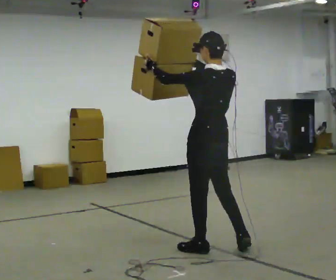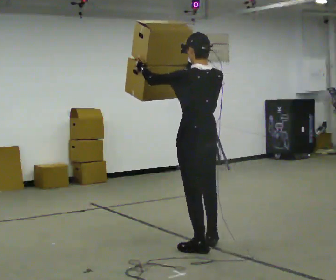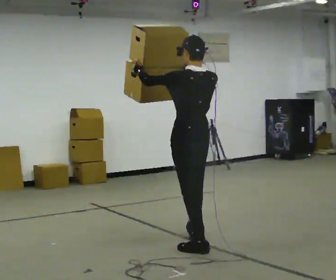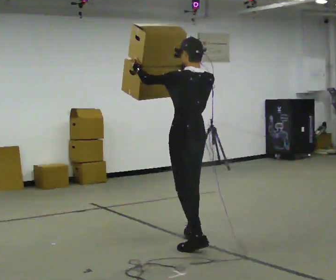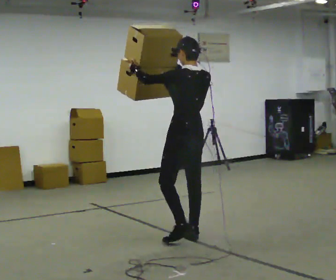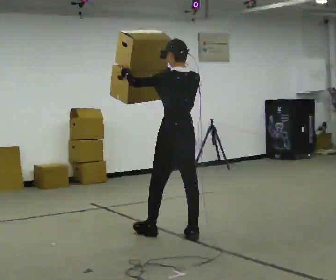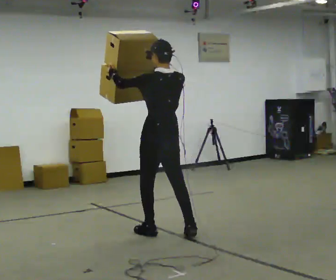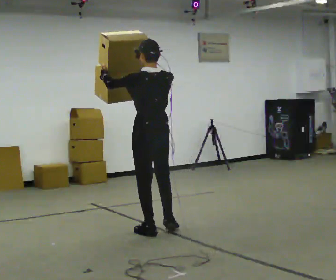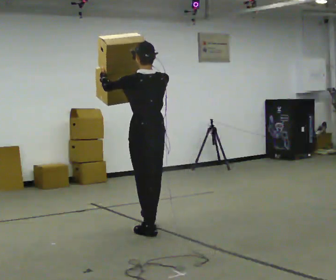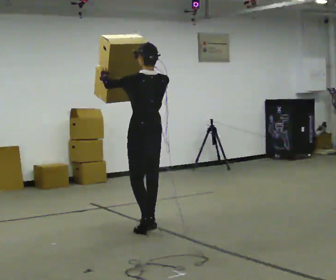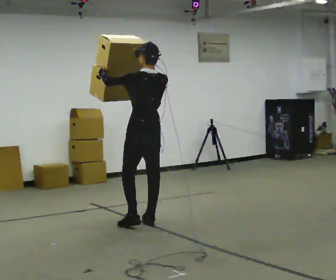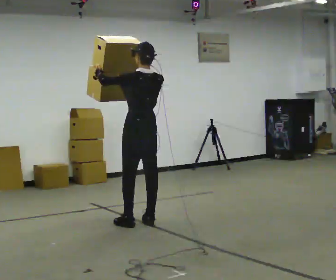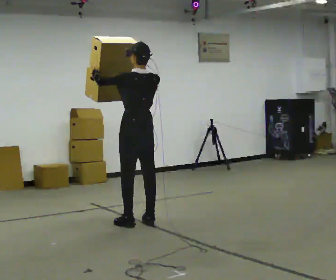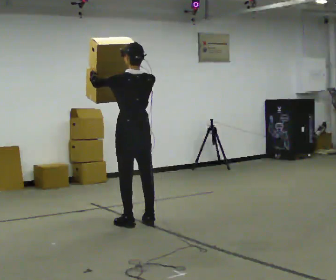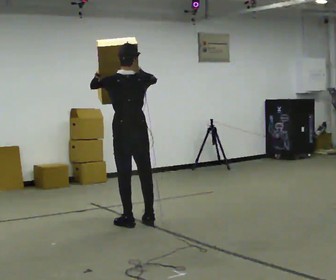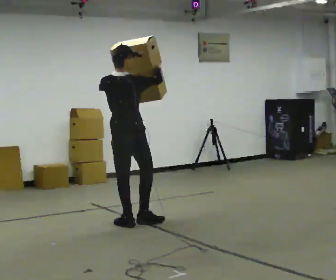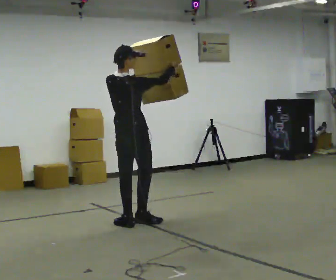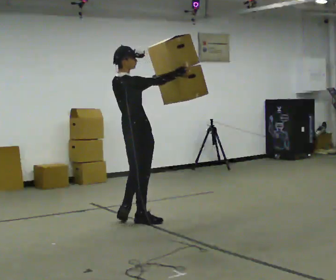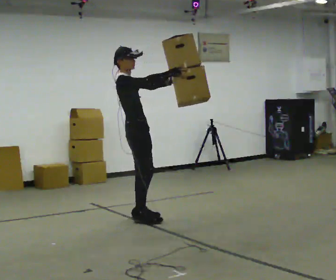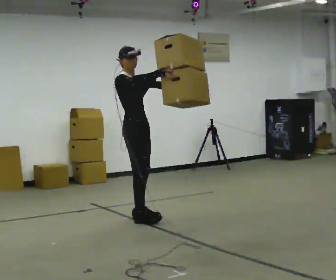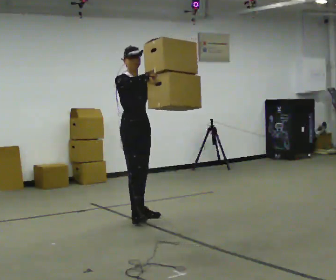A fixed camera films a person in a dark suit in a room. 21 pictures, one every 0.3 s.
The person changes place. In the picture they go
away from the camera.
The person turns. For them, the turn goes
to their right.
0.0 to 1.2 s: In the picture they go away from the camera, about 0.5 m in 1 step, which for them is forward.
1.2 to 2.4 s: In the picture they go to the left and away from the camera, about 0.5 m in 1 step, which for them is forward.
2.4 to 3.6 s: In the picture they go away from the camera, about 0.25 m in 2 steps, which for them is forward.
3.6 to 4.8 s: Seen from above the body turns clockwise, about 60 degrees: to their right, with its near side sliding to the left. In the picture their right hand goes to the right.
4.8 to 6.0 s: The part of the body nearest the lens slides to the left as the person turns to their right by about 105 degrees. In the picture they go away from the camera, about 0.25 m in 1 step.
The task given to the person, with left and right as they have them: Carry the large panel across the room. It will block your view ahead, so take whatever route feels safe. Keep going until the operator says stop; one object at a time, and do not rush between trips.
The film runs forward here.
